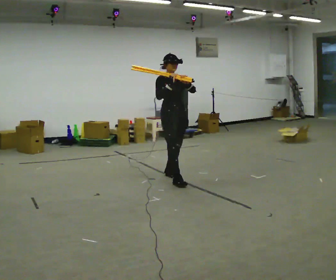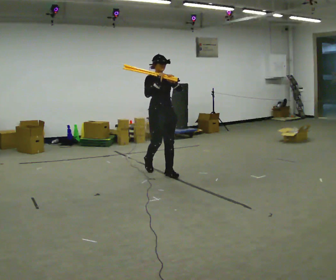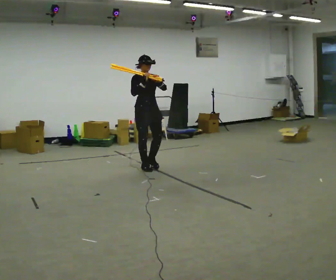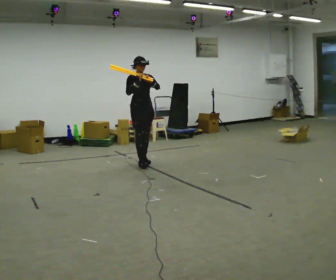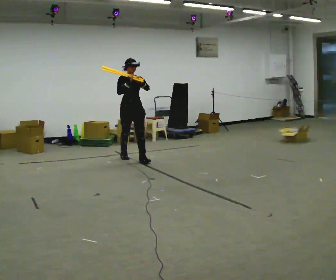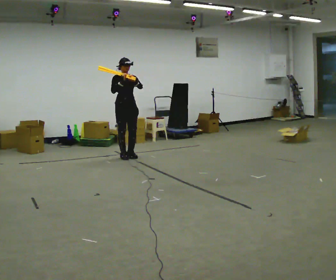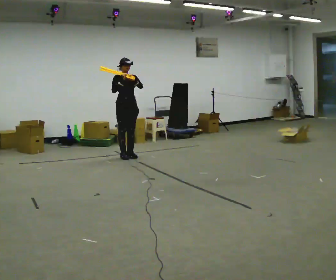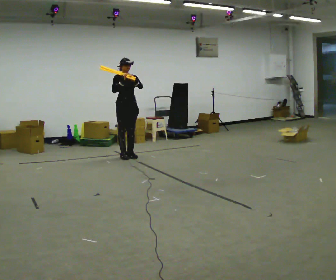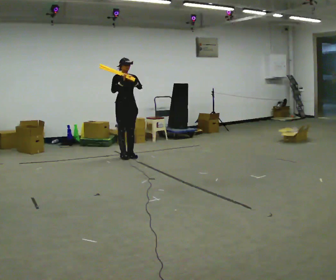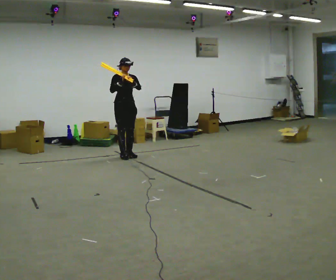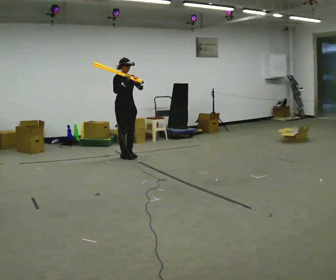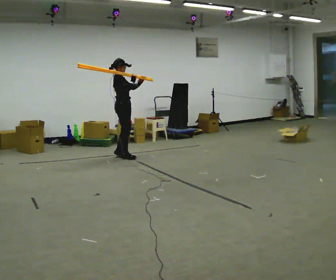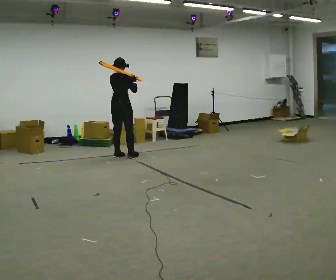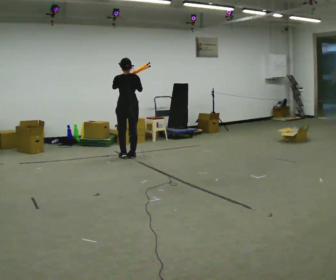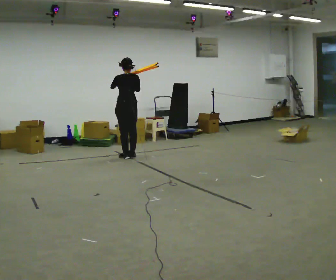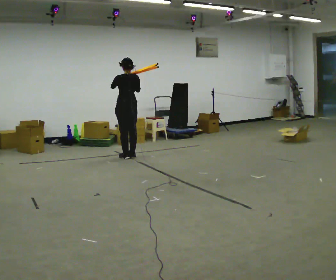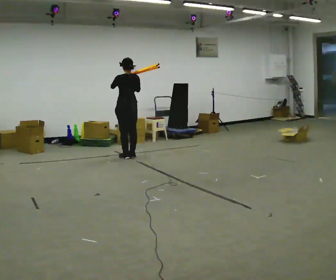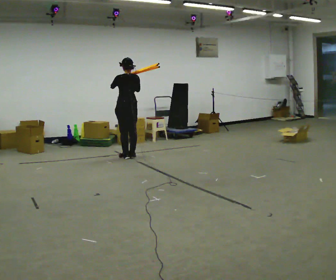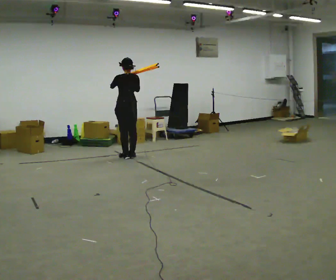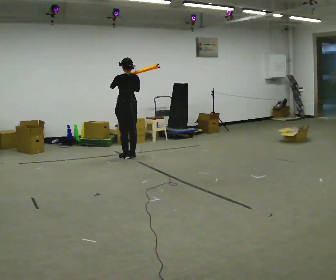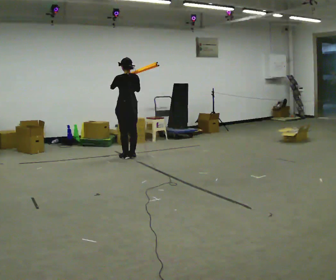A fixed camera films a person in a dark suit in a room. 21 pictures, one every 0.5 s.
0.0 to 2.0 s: In the picture they go away from the camera, about 1.5 m in 3 steps, which for them is backward.
2.0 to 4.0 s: In the picture they go away from the camera, about 0.25 m in 1 step, which for them is backward.
4.0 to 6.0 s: Seen from above the body turns counterclockwise, about 105 degrees: to their left, with its near side sliding to the right.
6.0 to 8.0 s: The person turns about 60 degrees to their left, counterclockwise seen from above, so the part of the body nearest the lens slides to the right.
8.0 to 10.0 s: The person keeps their place and pose.
The film runs backward here.
